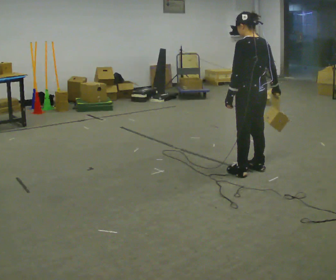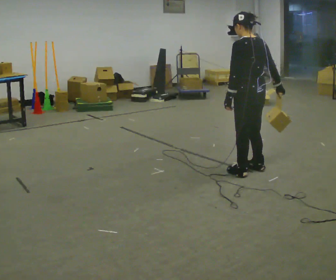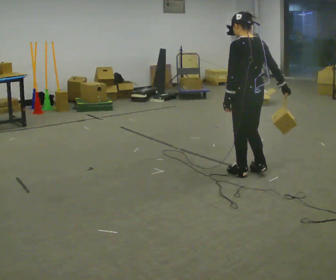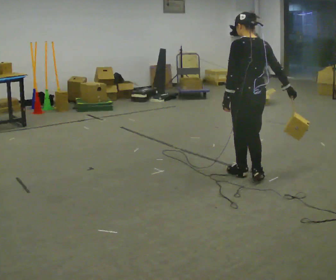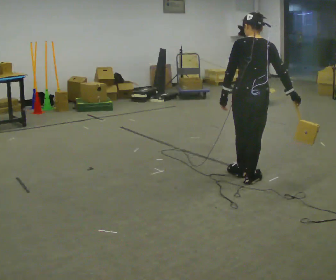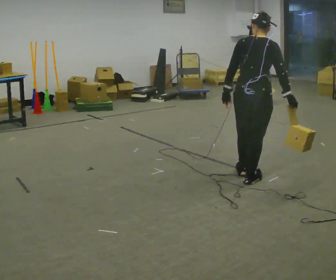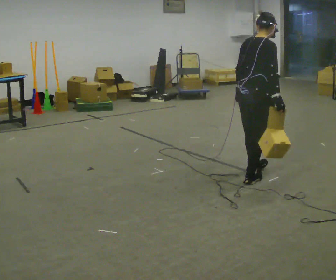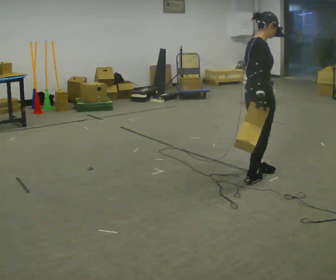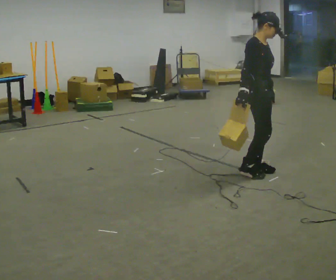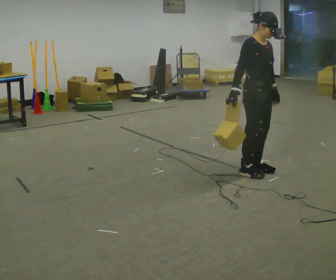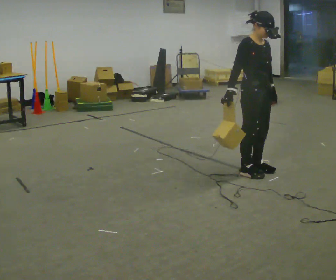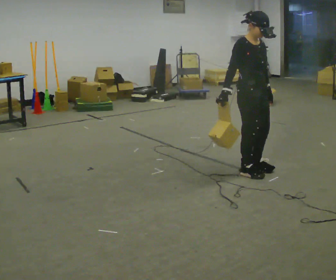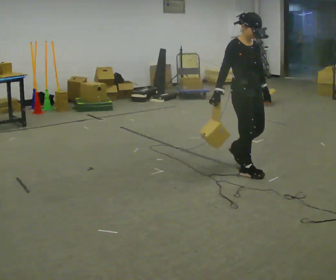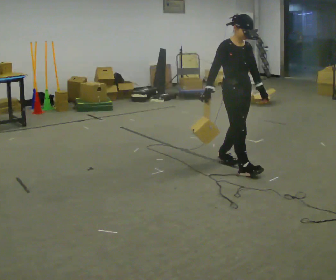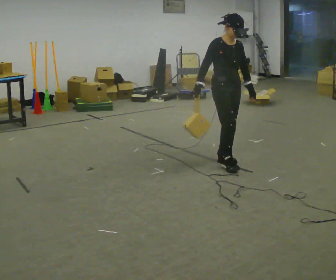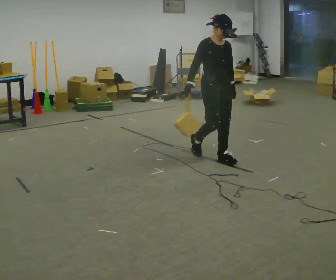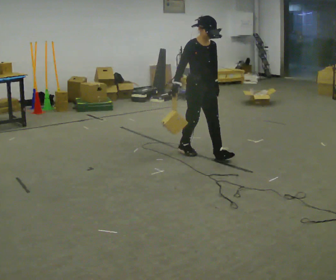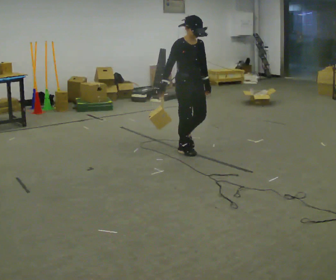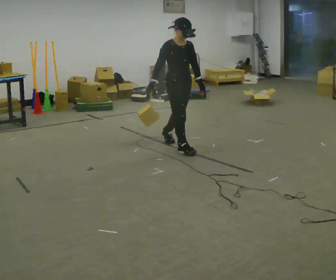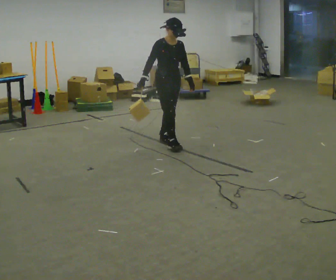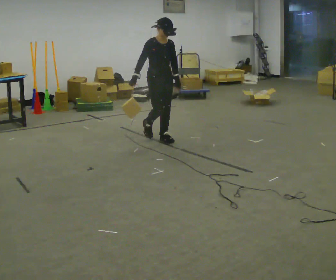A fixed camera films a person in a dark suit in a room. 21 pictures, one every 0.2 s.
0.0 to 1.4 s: The person turns about 105 degrees to their right, clockwise seen from above, so the part of the body nearest the lens slides to the left.
1.4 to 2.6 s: The person turns about 60 degrees to their right, clockwise seen from above, so the part of the body nearest the lens slides to the left. In the picture they go away from the camera, about 0.25 m in 2 steps.
2.6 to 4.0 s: In the picture they go to the left and away from the camera, about 1 m in 3 steps, which for them is backward.
The film runs backward here.
